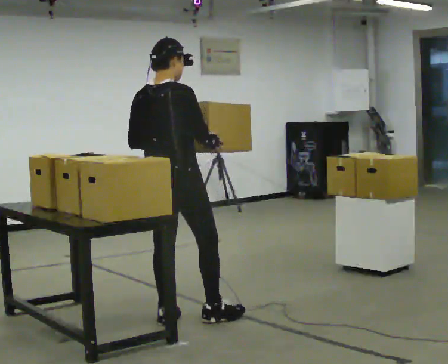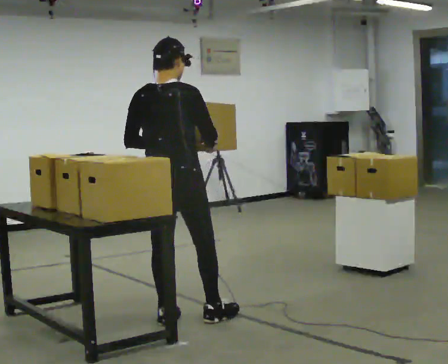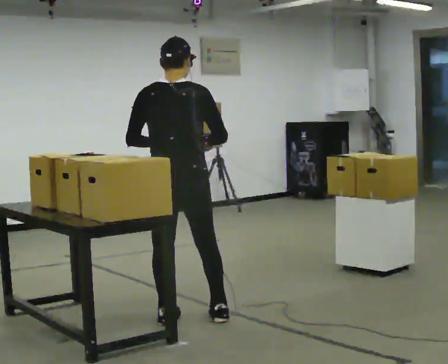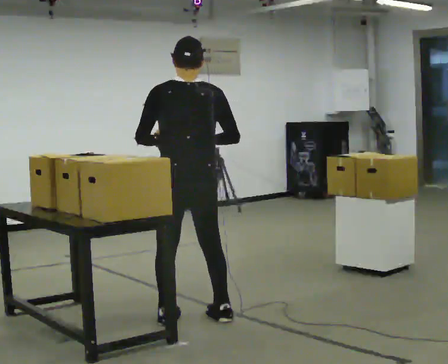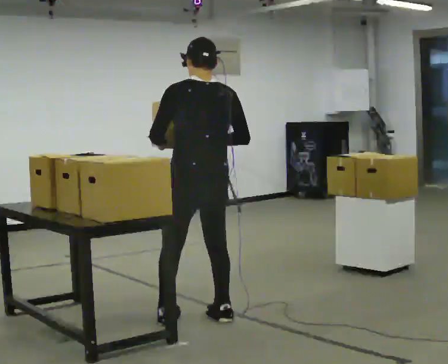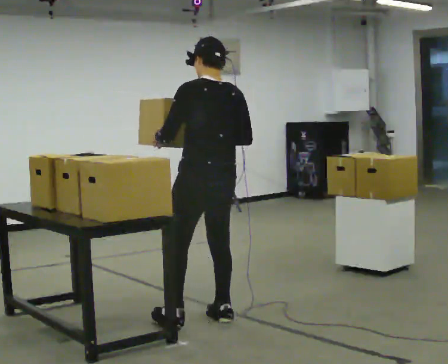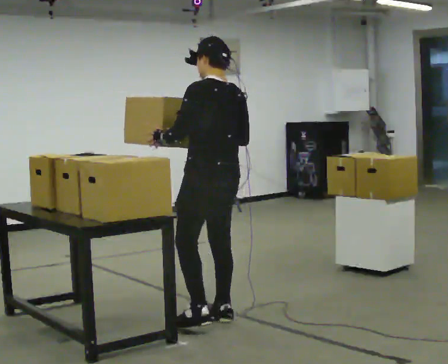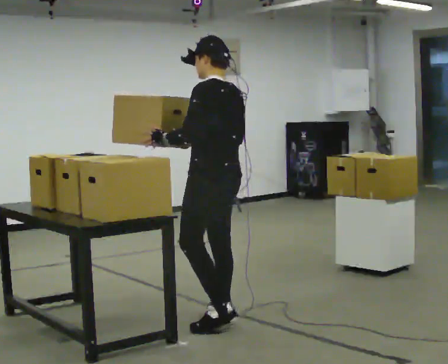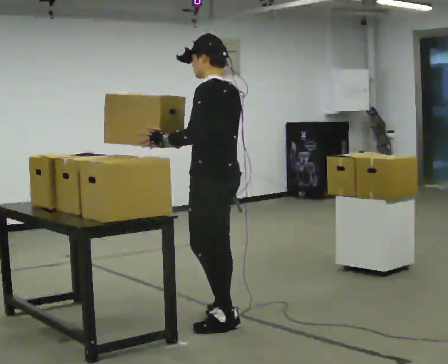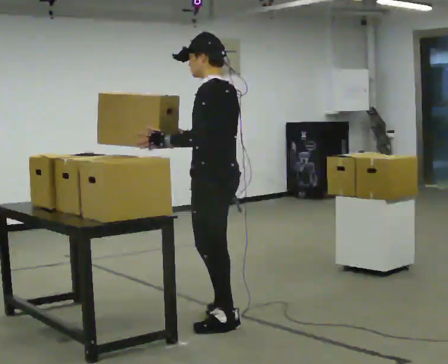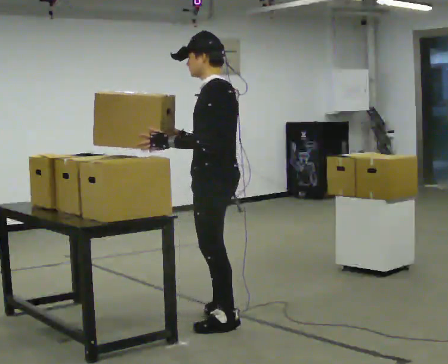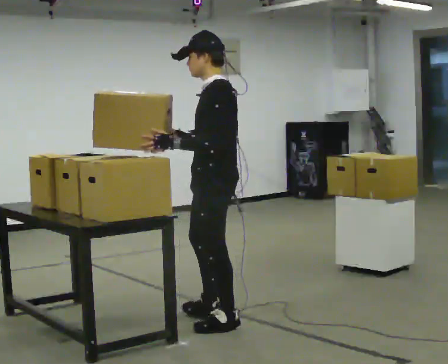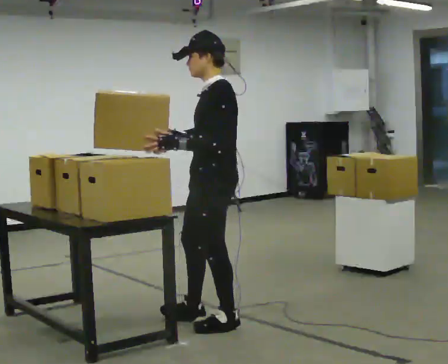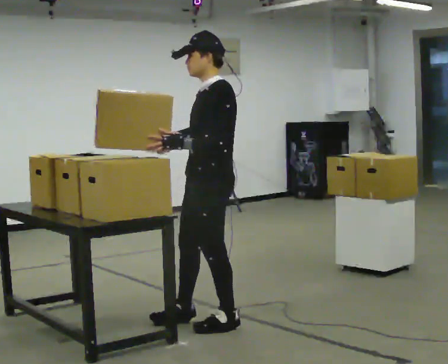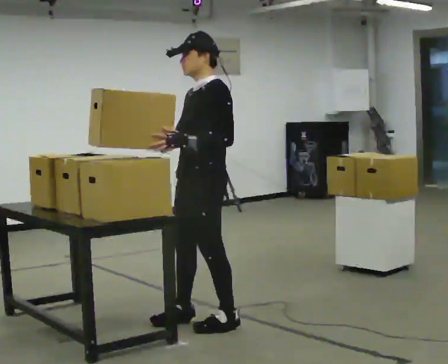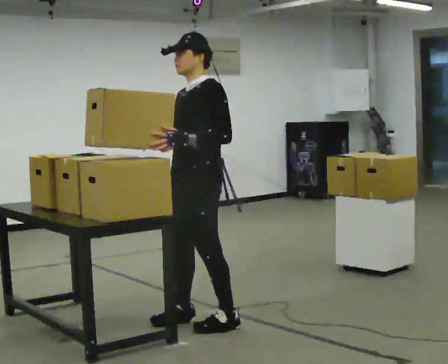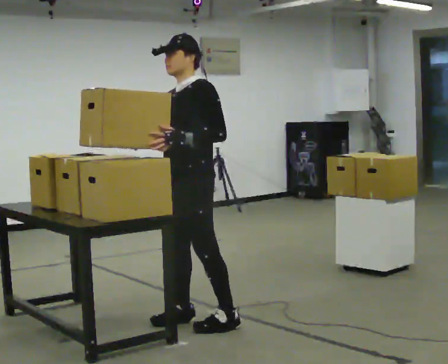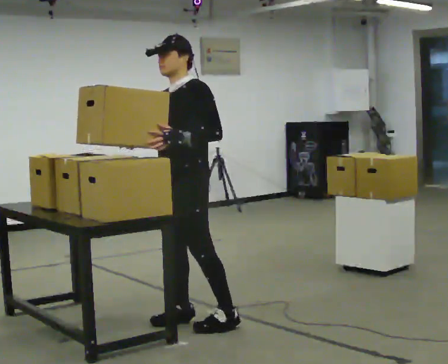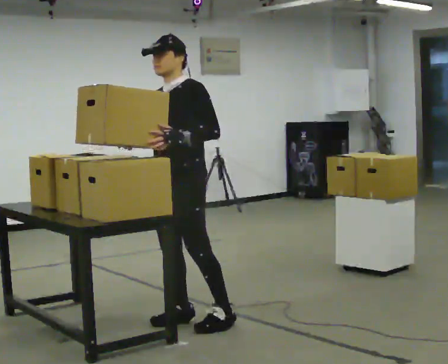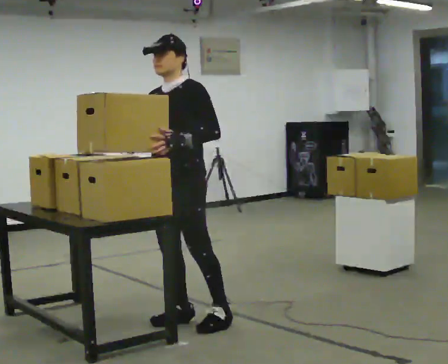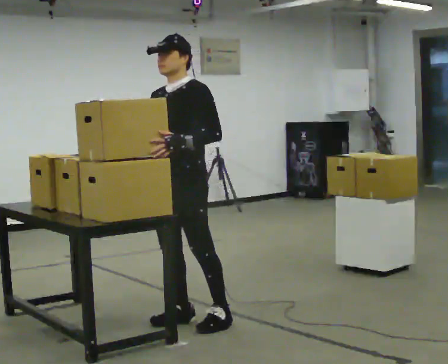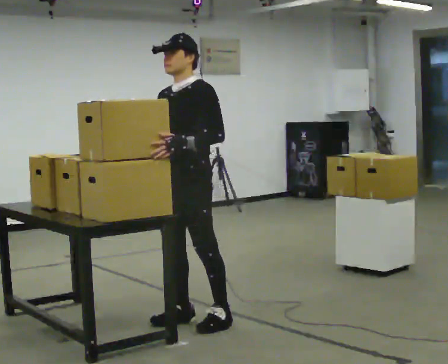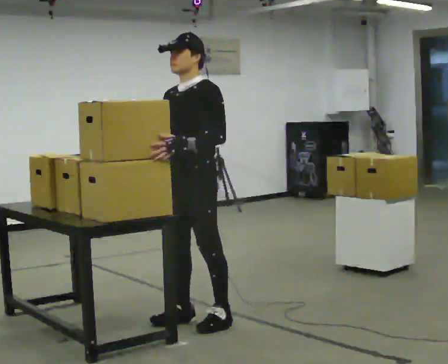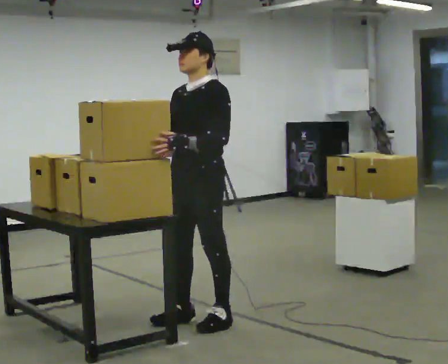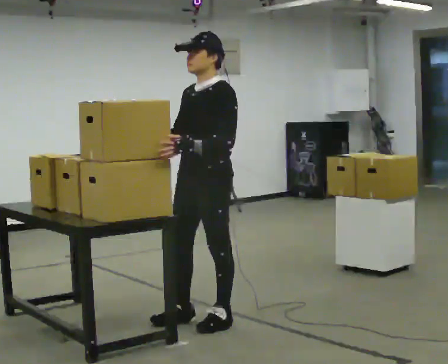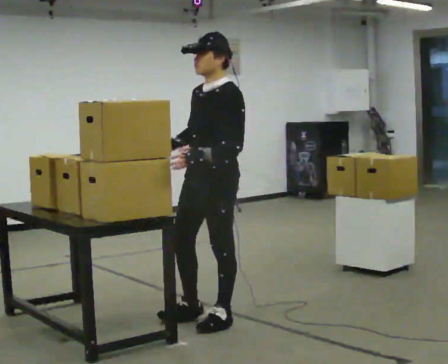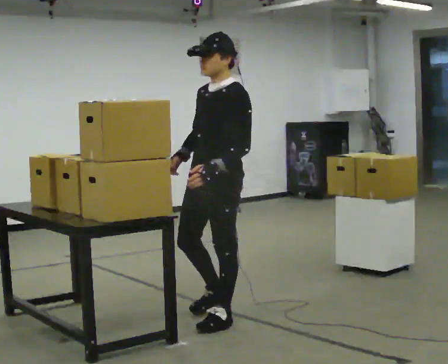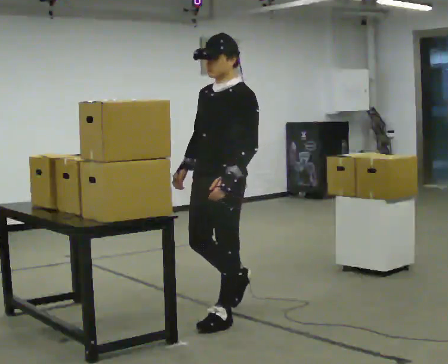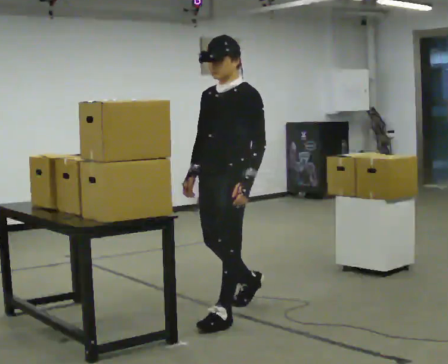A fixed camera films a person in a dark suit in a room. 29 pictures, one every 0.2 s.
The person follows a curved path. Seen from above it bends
counterclockwise.
The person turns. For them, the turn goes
to their left.
0.0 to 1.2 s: The person turns about 75 degrees to their left, counterclockwise seen from above, so the part of the body nearest the lens slides to the right. In the picture they go to the right, about 0.25 m in 1 step.
1.2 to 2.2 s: Seen from above the body turns counterclockwise, about 45 degrees: to their left, with its near side sliding to the right.
2.2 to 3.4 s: The person turns about 45 degrees to their left, counterclockwise seen from above, so the part of the body nearest the lens slides to the right. In the picture they go to the left, about 0.25 m, which for them is to their right and forward.
3.4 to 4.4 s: The person moves a little, or ends about where they began.
4.4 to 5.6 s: In the picture they go to the right, about 0.25 m in 1 step, which for them is backward.
The film runs backward here.
